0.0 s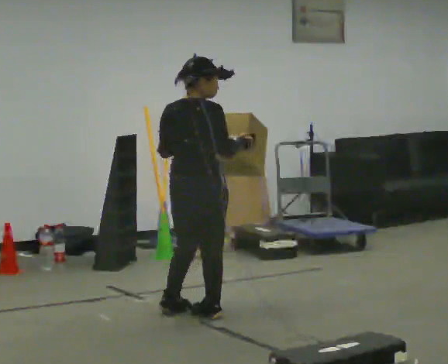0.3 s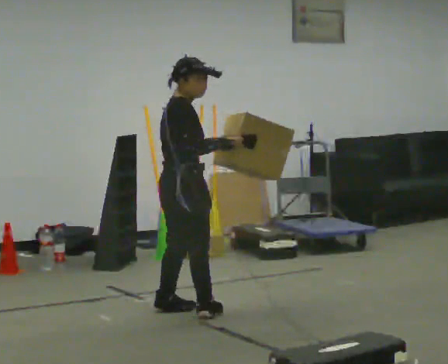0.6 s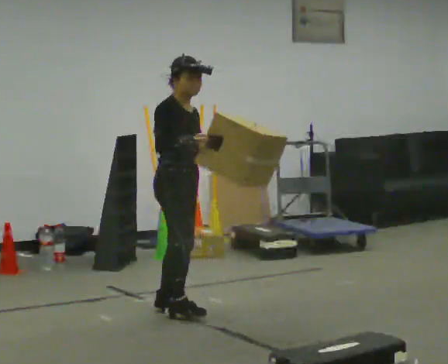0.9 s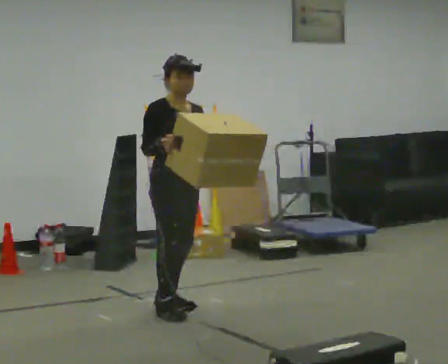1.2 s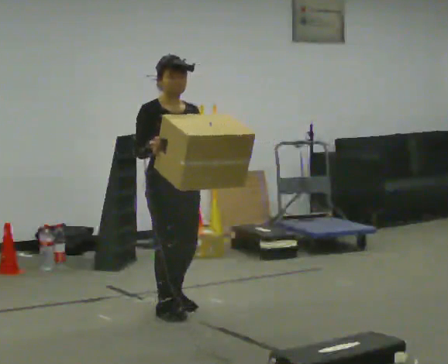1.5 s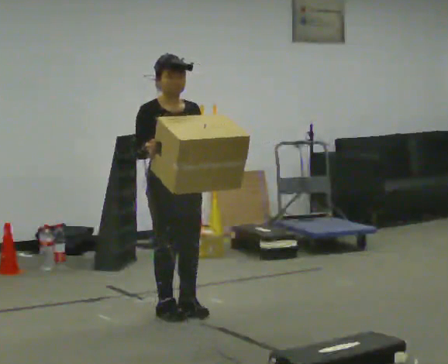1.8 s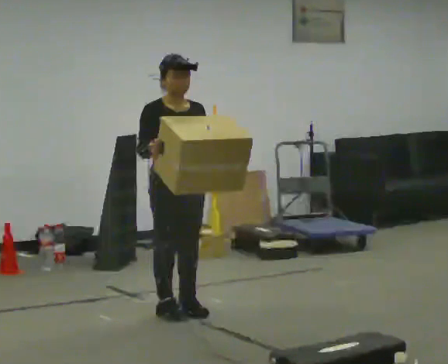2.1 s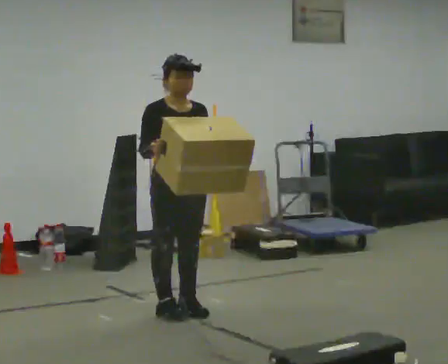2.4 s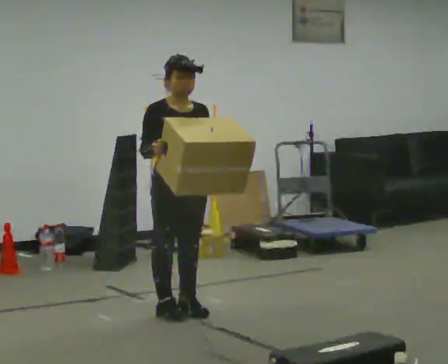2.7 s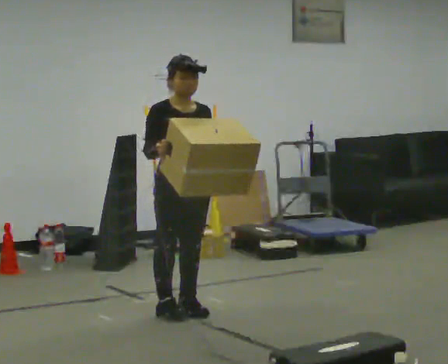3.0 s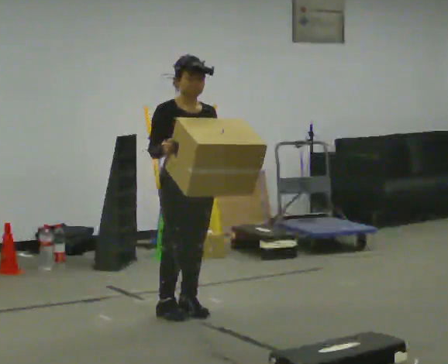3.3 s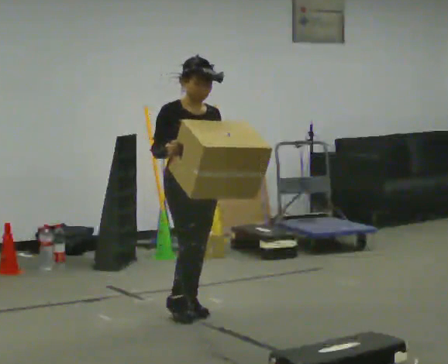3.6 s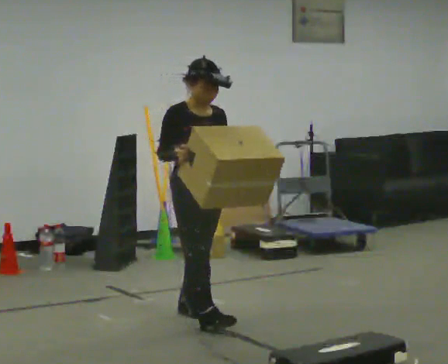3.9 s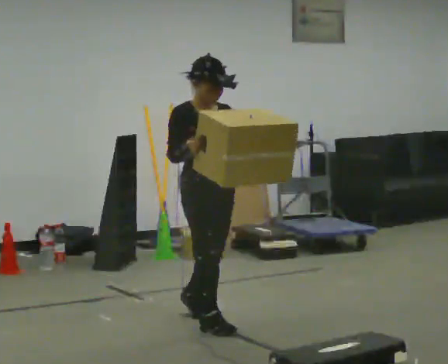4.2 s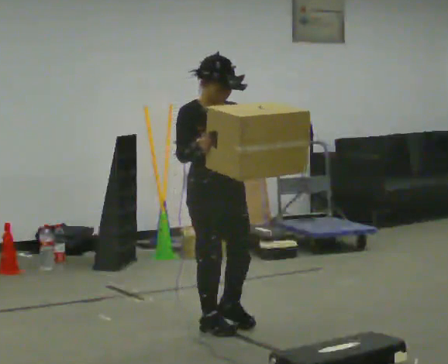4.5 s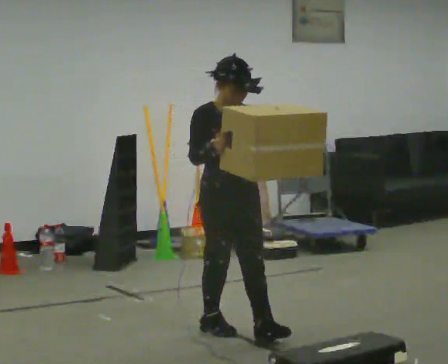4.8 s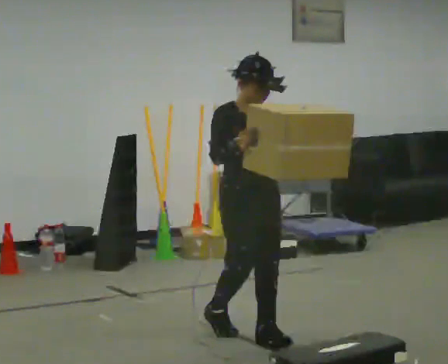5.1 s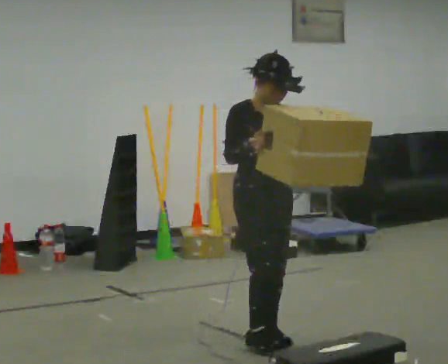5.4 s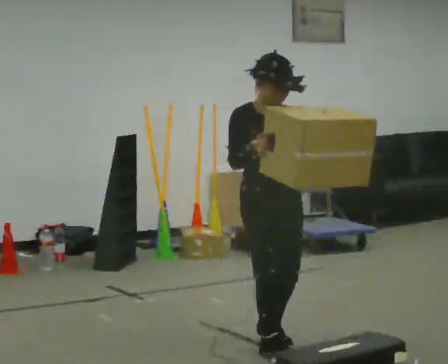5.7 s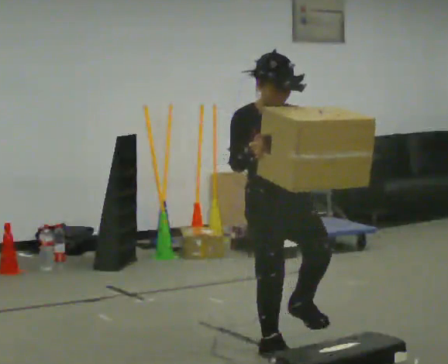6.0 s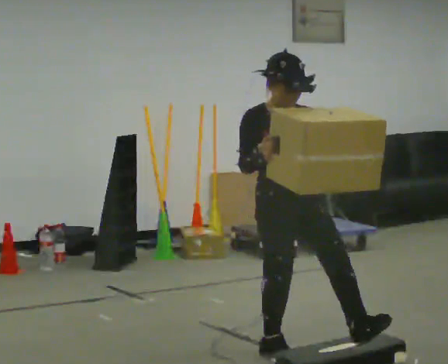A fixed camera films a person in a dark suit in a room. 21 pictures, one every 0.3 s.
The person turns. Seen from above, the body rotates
clockwise.
The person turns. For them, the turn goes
to their right.
0.0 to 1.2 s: Seen from above the body turns clockwise, about 120 degrees: to their right, with its near side sliding to the left. In the picture their right hand goes to the left.
1.2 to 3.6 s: The person moves a little, or ends about where they began.
3.6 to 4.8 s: In the picture they go toward the camera and to the right, about 0.5 m in 1 step, which for them is forward.
4.8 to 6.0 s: In the picture they go toward the camera, about 0.5 m in 1 step, which for them is forward.
The film runs forward here.
